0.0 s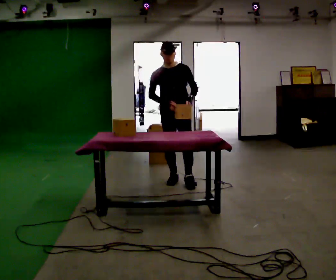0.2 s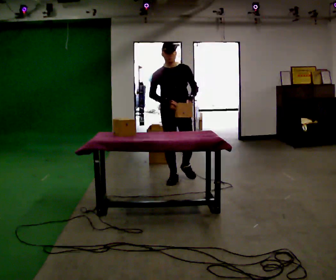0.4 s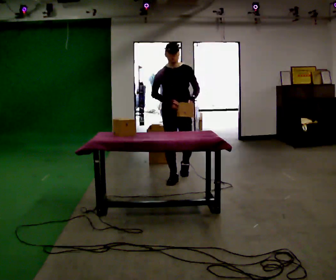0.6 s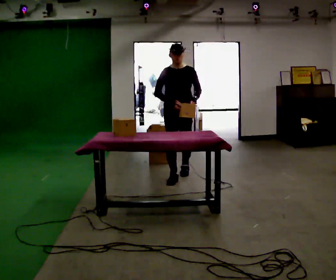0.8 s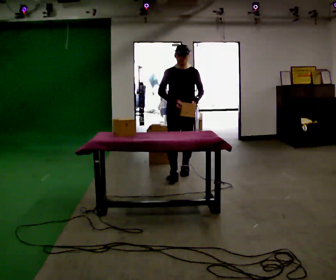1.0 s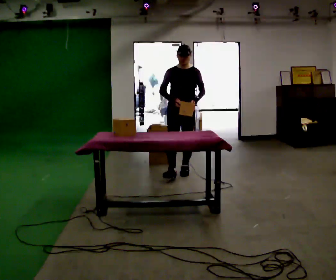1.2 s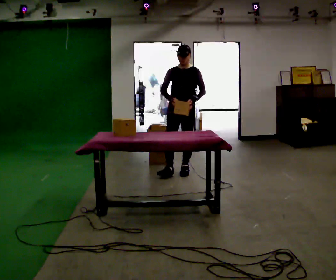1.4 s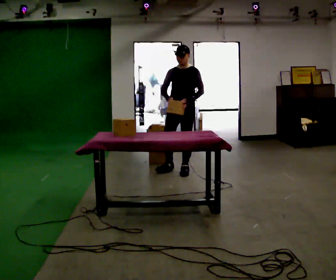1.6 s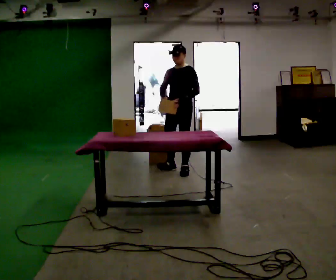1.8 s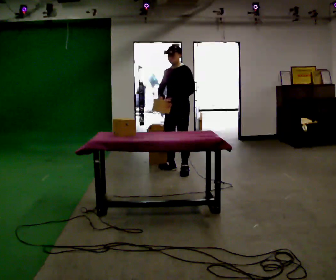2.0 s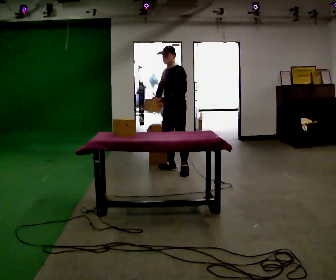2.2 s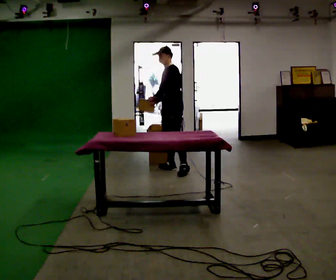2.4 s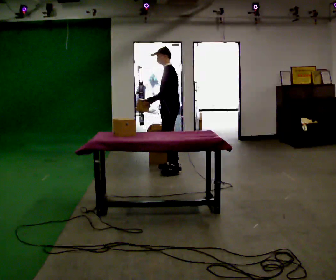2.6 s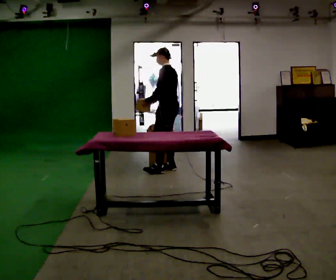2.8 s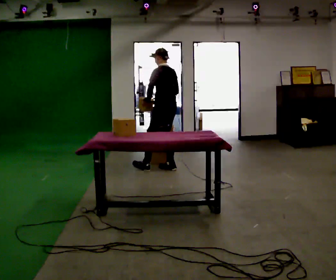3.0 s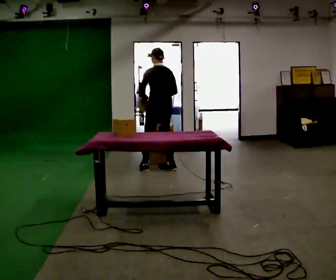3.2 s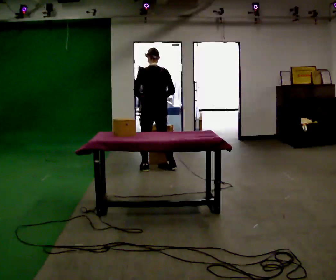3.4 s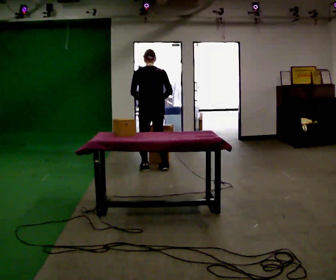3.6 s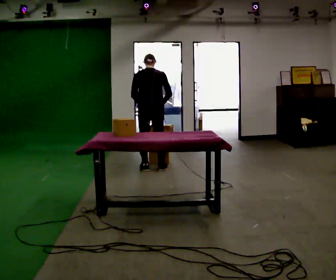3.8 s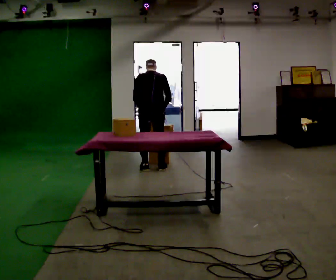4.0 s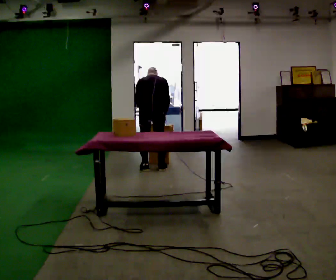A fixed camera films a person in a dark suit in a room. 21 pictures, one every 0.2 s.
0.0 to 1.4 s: In the picture they go away from the camera, about 0.5 m in 1 step, which for them is backward.
1.4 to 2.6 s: Seen from above the body turns clockwise, about 75 degrees: to their right, with its near side sliding to the left. In the picture they go to the left and away from the camera, about 0.25 m in 1 step. In the picture their left hand goes to the left.
2.6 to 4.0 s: The person turns about 75 degrees to their right, clockwise seen from above, so the part of the body nearest the lens slides to the left. In the picture they go to the left and toward the camera, about 0.25 m in 1 step. The upper body tips away from the camera, its near side rolling upward, as they bend forward.
The film runs backward here.
